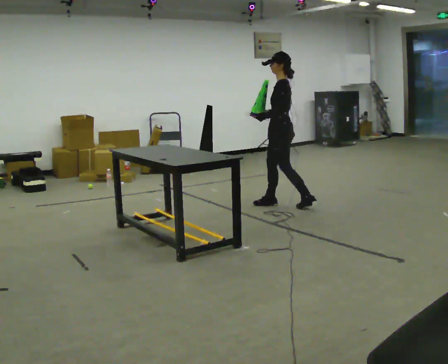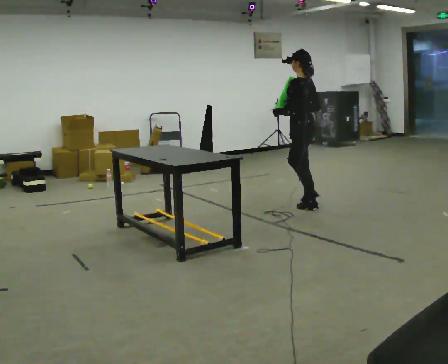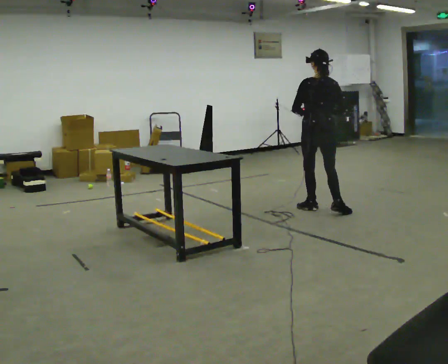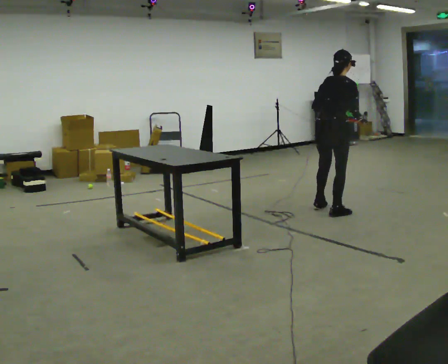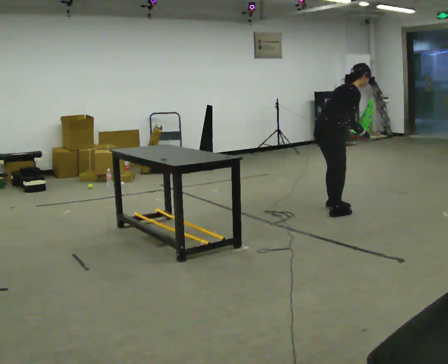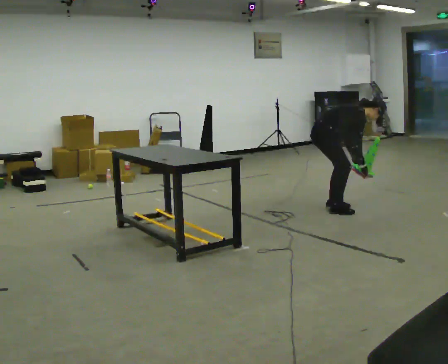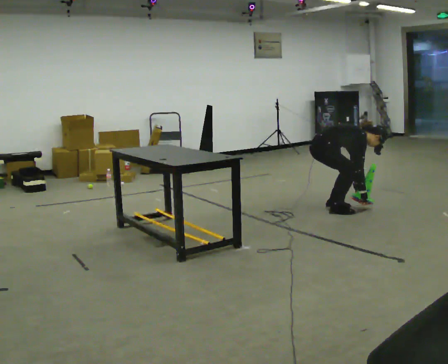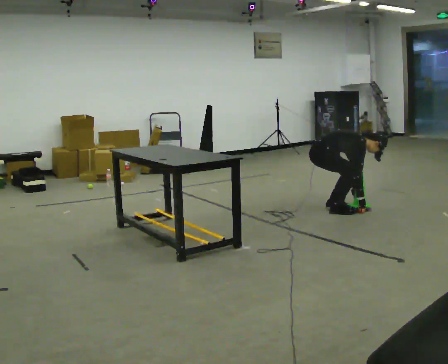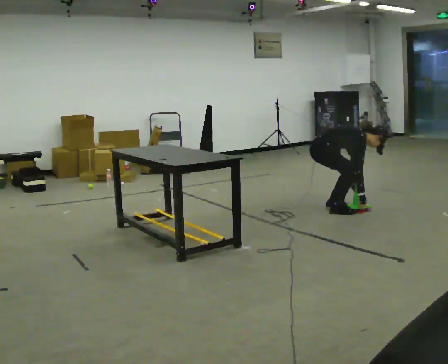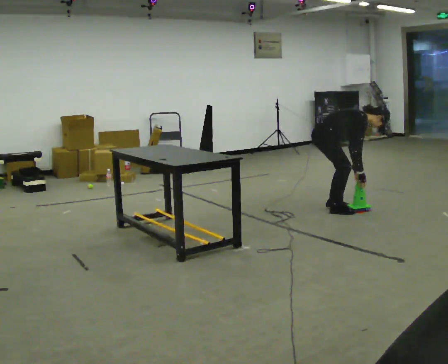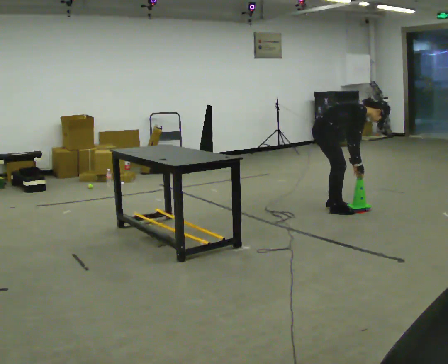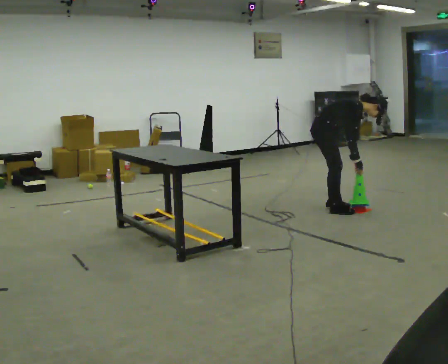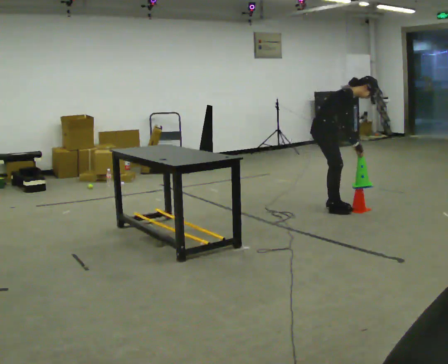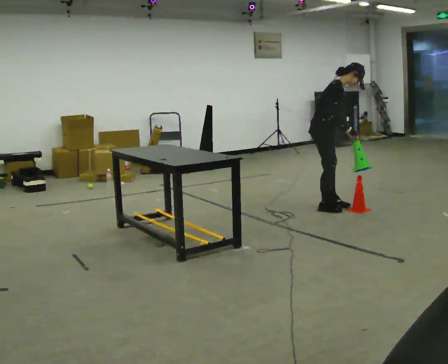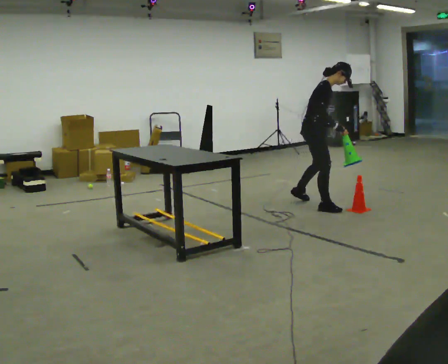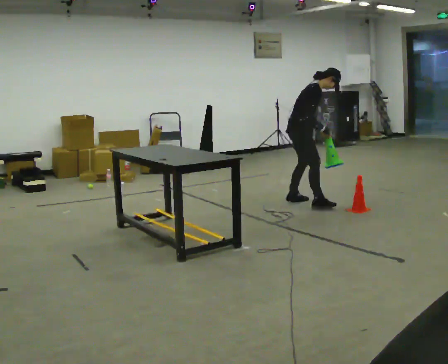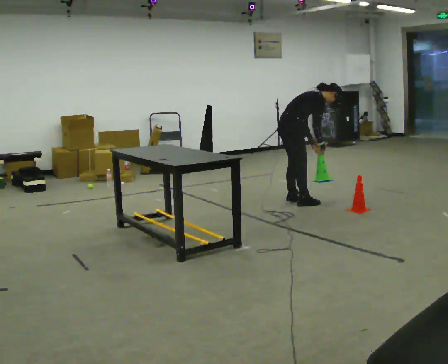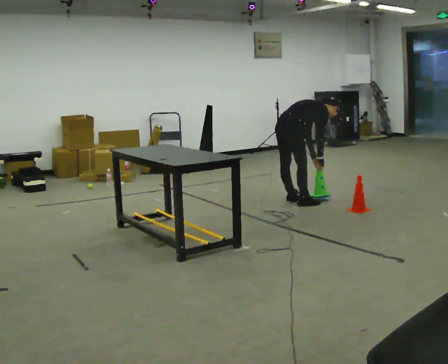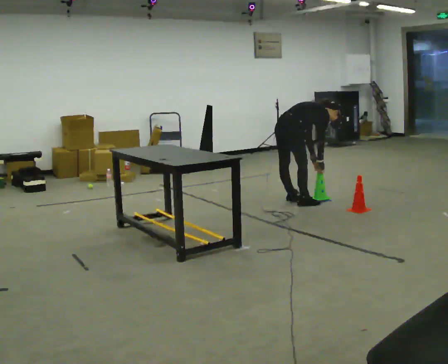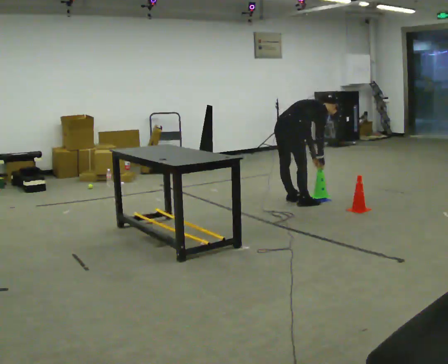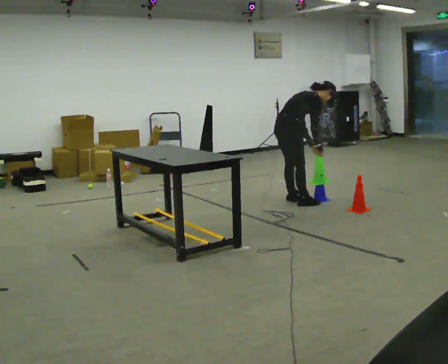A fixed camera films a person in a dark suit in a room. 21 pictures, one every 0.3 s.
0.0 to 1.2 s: The person turns about 165 degrees to their right, clockwise seen from above, so the part of the body nearest the lens slides to the left. In the picture they go to the right and toward the camera, about 0.5 m in 2 steps. In the picture the upper body tilts clockwise, shoulders to the right, as they bend forward.
1.2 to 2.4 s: The person turns about 30 degrees to their right, clockwise seen from above, so the part of the body nearest the lens slides to the left. The upper body goes downward. In the picture the upper body tilts clockwise, shoulders to the right, as they bend forward. In the picture their right hand goes downward.
2.4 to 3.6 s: The upper body goes upward. In the picture the upper body tilts counterclockwise, shoulders to the left, as they lean back or straighten. In the picture their left hand goes upward.
3.6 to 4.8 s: In the picture they go to the left and away from the camera, about 0.5 m in 3 steps, which for them is backward and to their left. The upper body tips away from the camera, its near side rolling upward.
4.8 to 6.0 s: The person moves a little, or ends about where they began.
The film runs backward here.
